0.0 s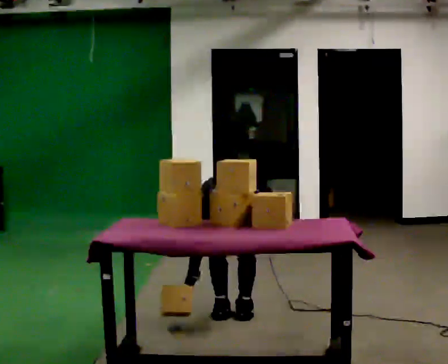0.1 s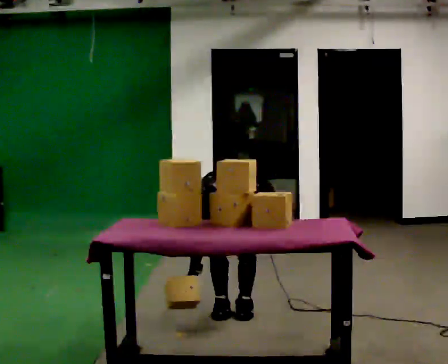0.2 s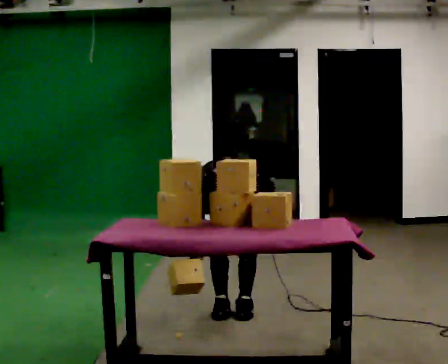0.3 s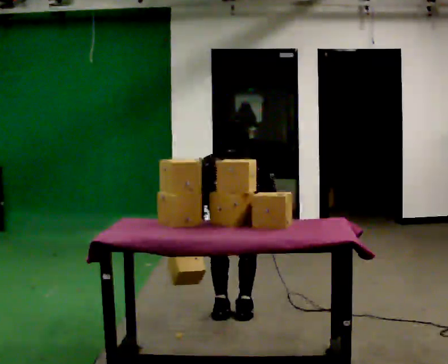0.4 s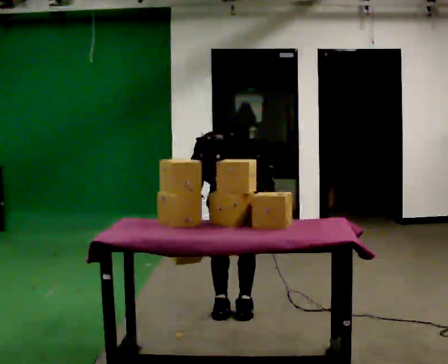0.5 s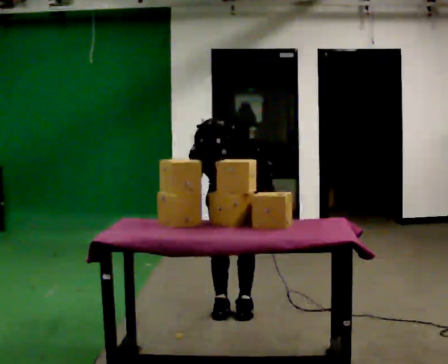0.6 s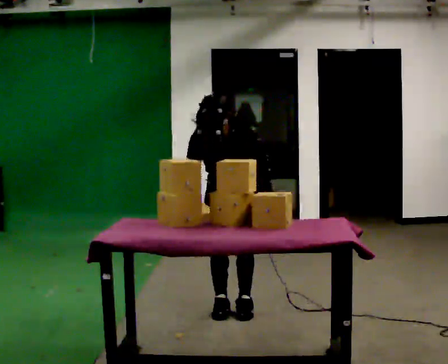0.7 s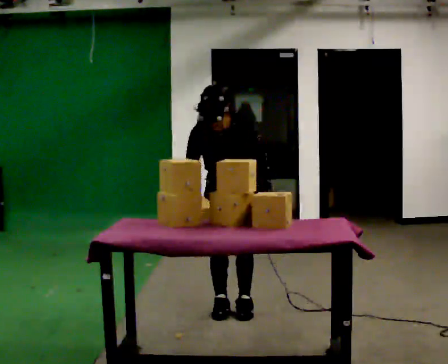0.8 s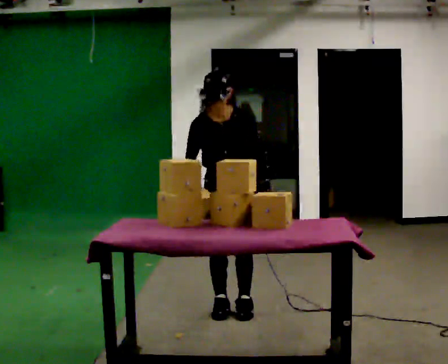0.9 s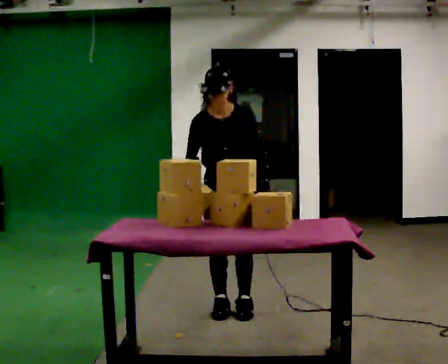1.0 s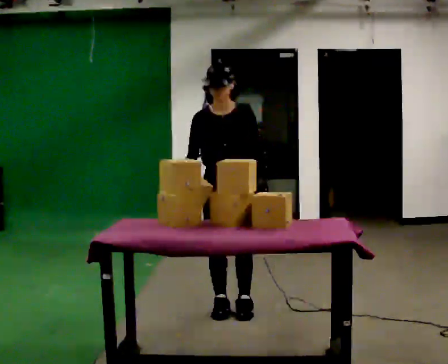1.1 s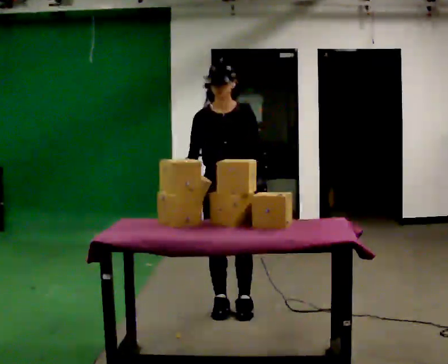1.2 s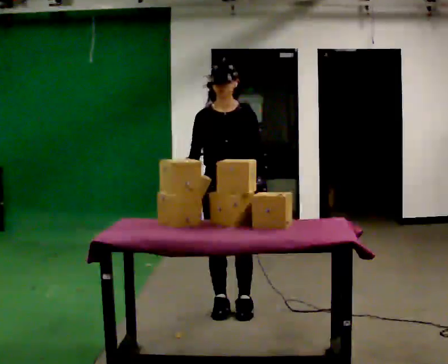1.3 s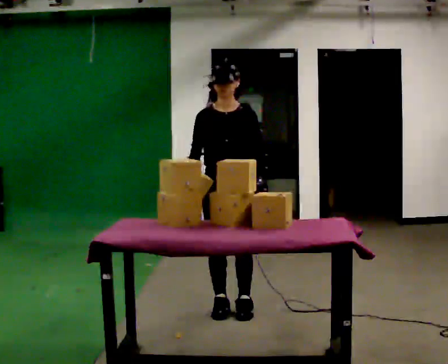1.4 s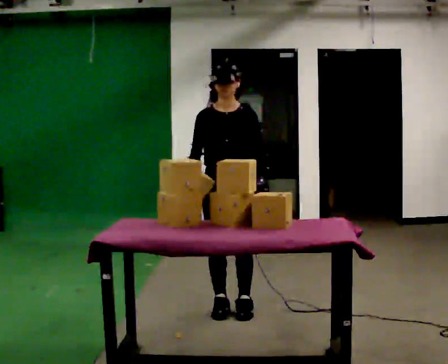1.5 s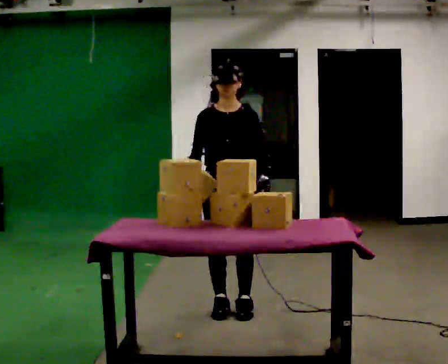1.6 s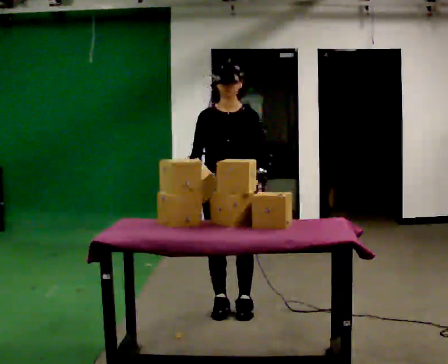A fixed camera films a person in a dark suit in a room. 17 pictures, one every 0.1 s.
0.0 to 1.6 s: In the picture they go toward the camera, about 0.25 m, which for them is forward. The upper body goes upward. The upper body tips away from the camera, its near side rolling upward, as they lean back or straighten.
The film runs forward here.
